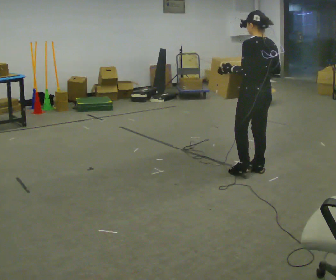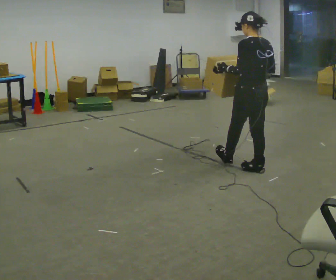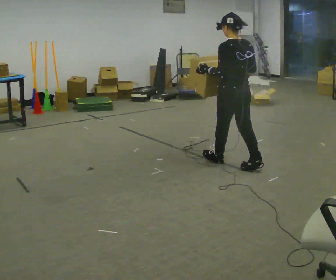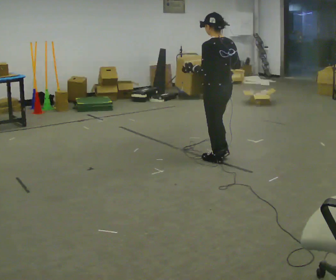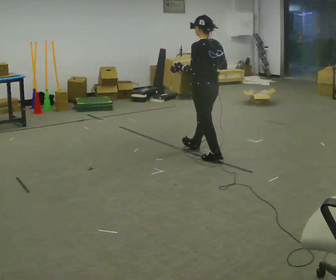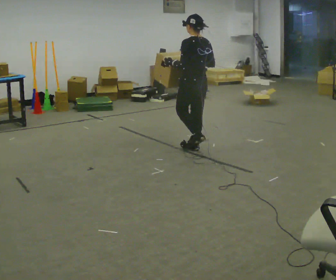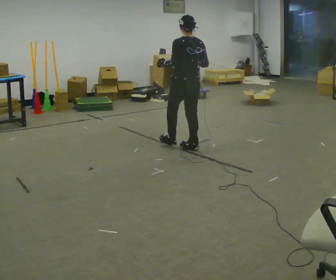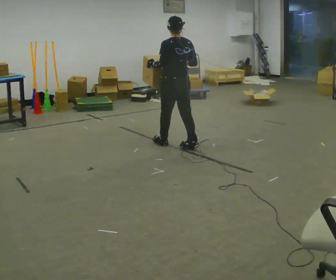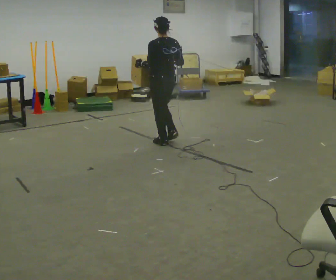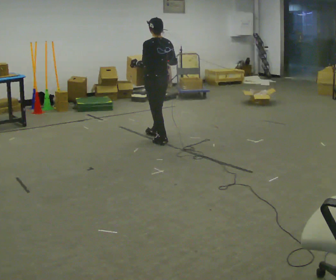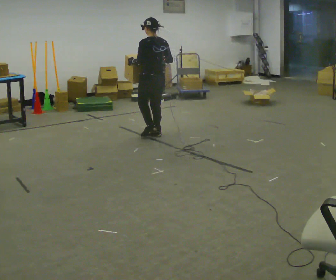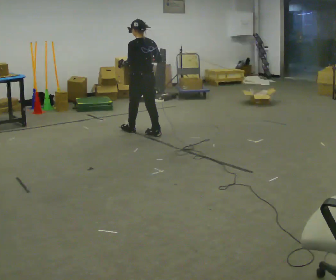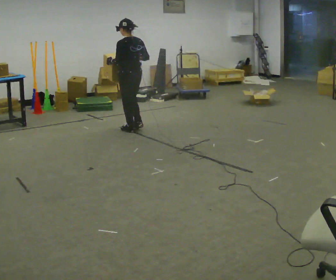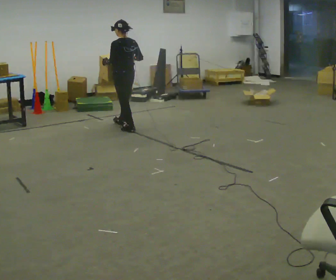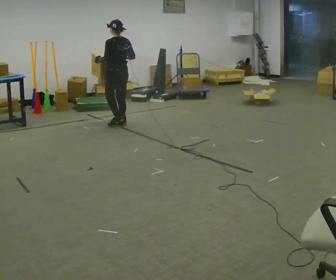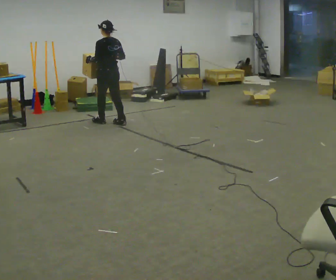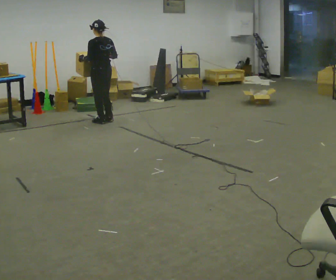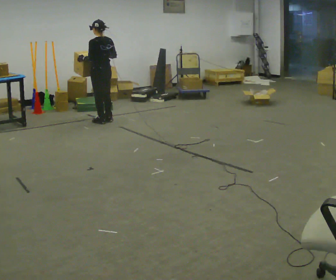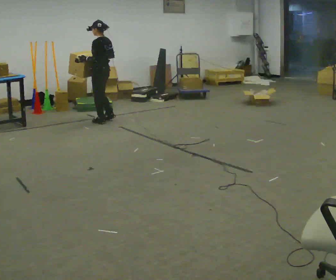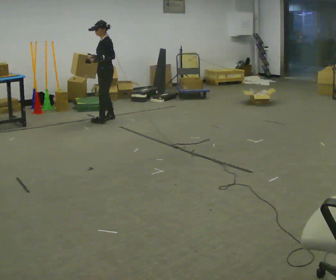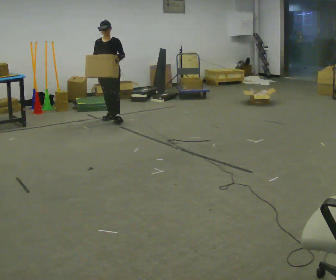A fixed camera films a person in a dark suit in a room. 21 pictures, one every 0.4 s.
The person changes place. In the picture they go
away from the camera.
0.0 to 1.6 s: In the picture they go away from the camera and to the left, about 0.75 m in 2 steps, which for them is forward.
1.6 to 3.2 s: In the picture they go away from the camera and to the left, about 0.75 m in 1 step, which for them is forward.
3.2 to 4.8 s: In the picture they go away from the camera and to the left, about 0.5 m in 2 steps, which for them is forward.
4.8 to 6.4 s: In the picture they go away from the camera and to the left, about 0.75 m in 2 steps, which for them is forward.
6.4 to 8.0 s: The part of the body nearest the lens slides to the right as the person turns to their left by about 135 degrees. In the picture they go away from the camera, about 0.25 m in 3 steps.
The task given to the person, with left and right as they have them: Carry the box across the room while freely looking around at the walls, ceiling and floor. Keep going until the operator says stop; one object at a time, and do not rush between trips.
The film runs forward here.
